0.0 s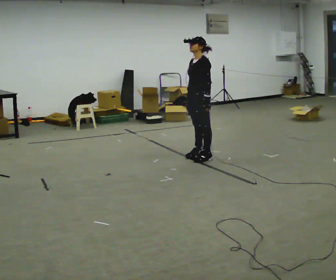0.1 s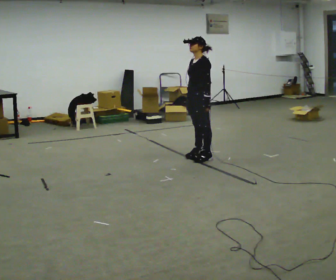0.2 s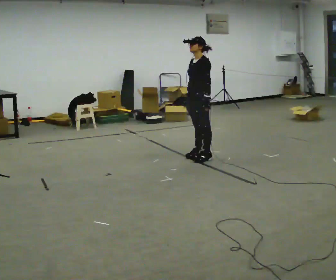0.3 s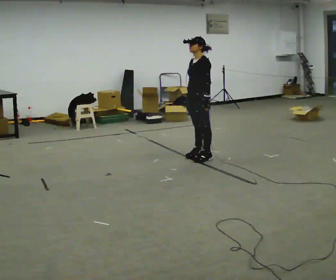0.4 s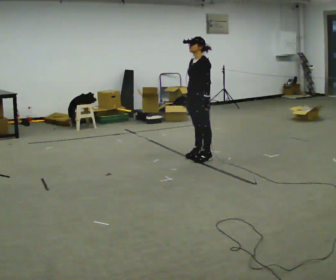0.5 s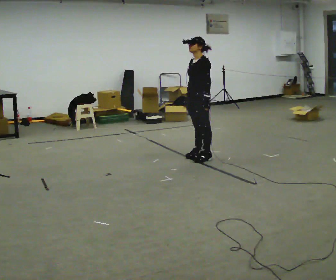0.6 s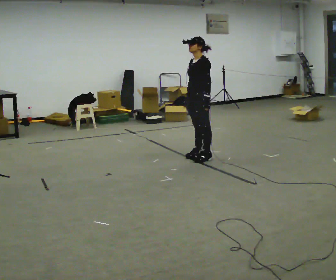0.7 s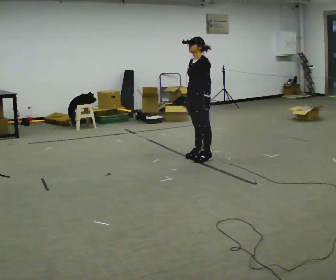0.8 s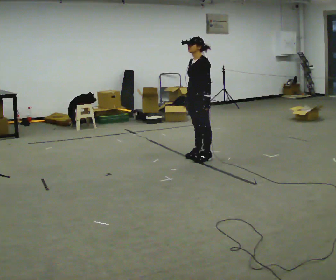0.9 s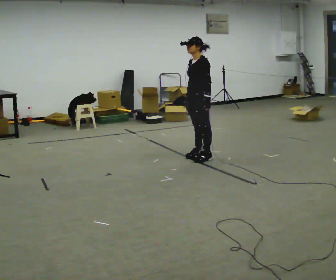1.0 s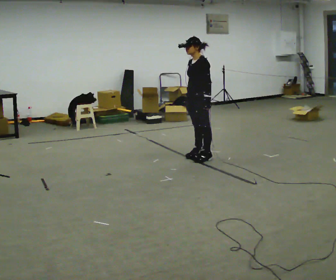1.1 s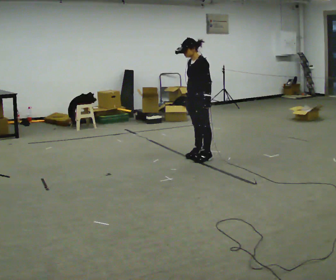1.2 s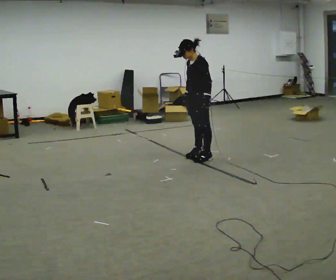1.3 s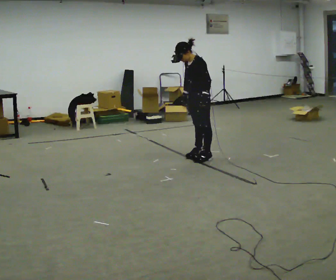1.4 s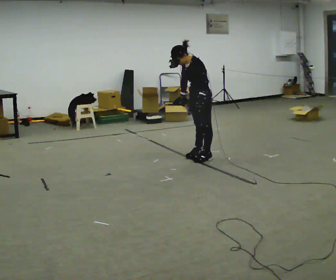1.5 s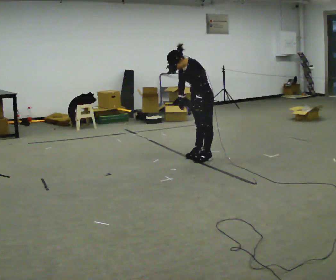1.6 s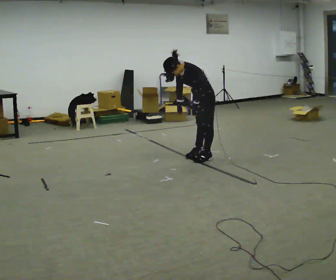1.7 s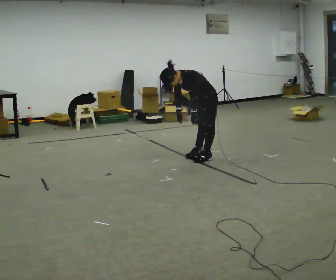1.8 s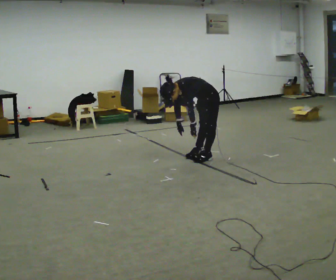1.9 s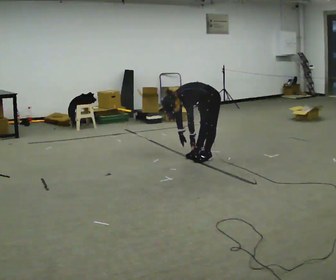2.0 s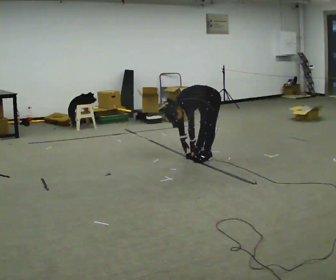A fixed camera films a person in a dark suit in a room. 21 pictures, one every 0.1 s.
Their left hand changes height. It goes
downward.
The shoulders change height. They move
downward.
0.0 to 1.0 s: The person keeps their place and pose.
1.0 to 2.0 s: The upper body goes downward. In the picture the upper body tilts counterclockwise, shoulders to the left, as they bend forward. In the picture their right hand goes downward.
The film runs forward here.
